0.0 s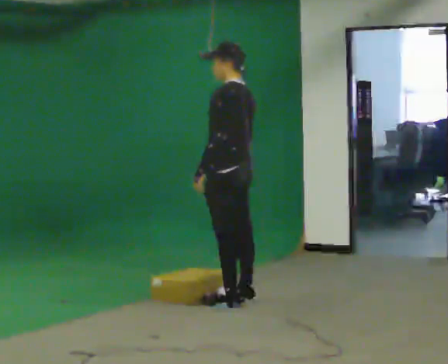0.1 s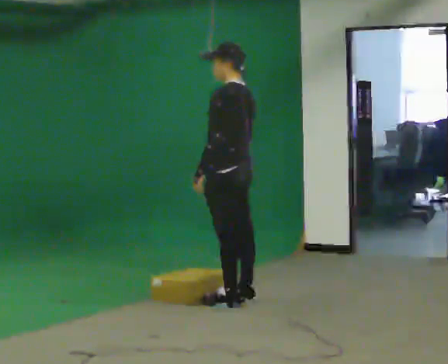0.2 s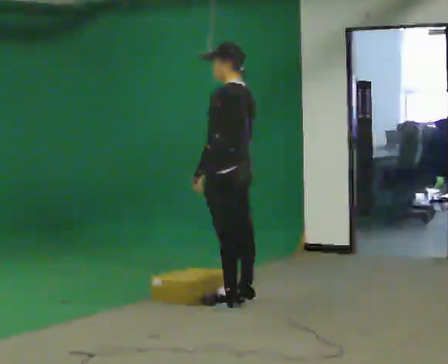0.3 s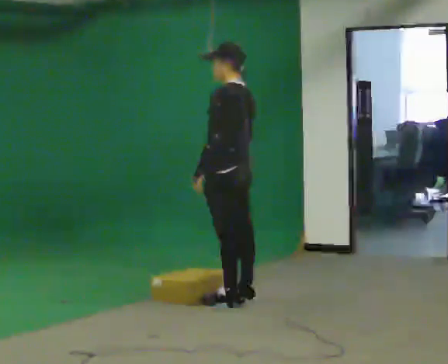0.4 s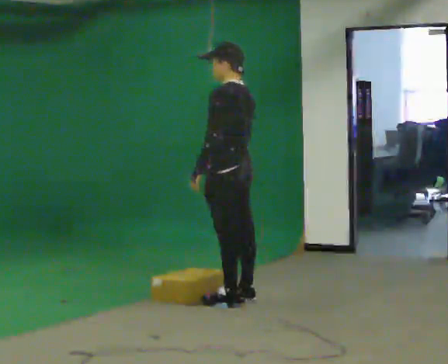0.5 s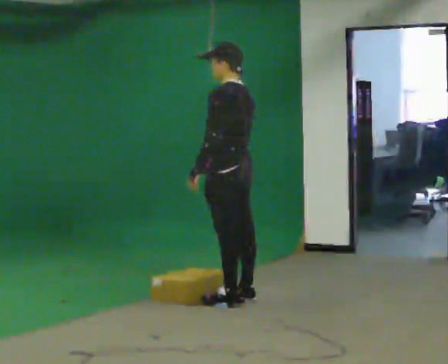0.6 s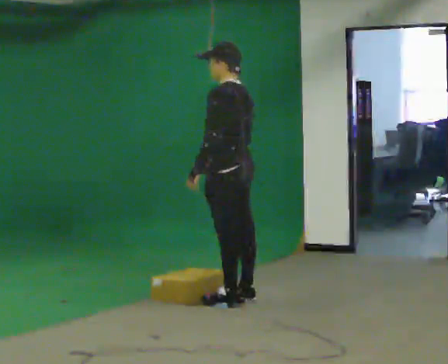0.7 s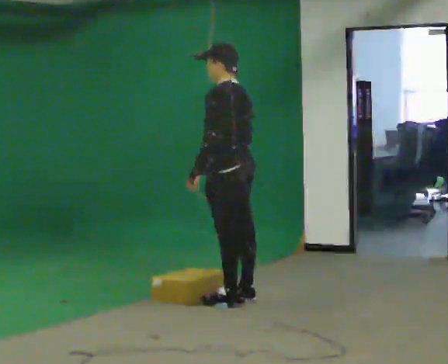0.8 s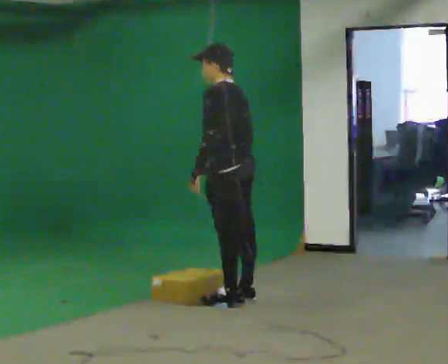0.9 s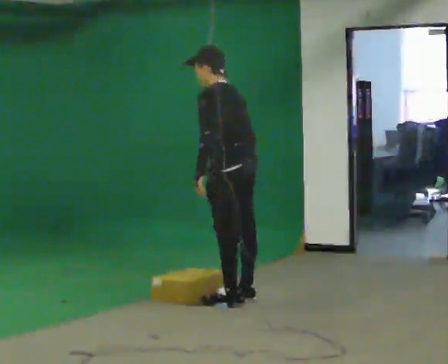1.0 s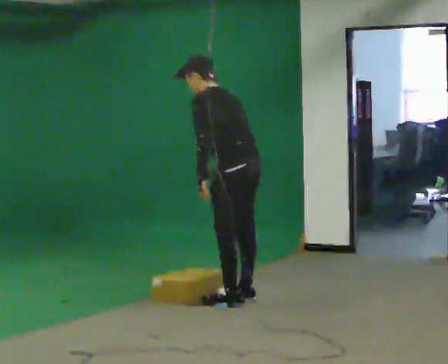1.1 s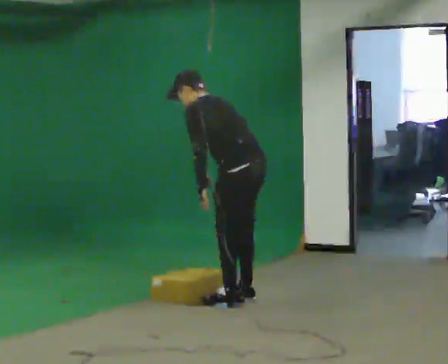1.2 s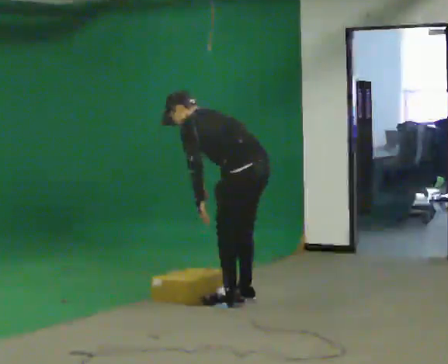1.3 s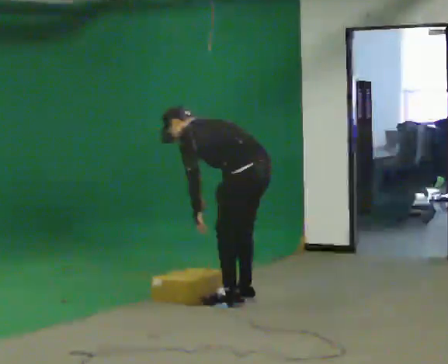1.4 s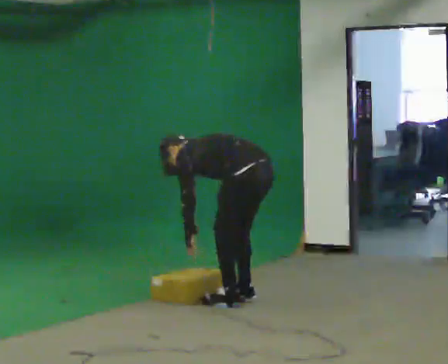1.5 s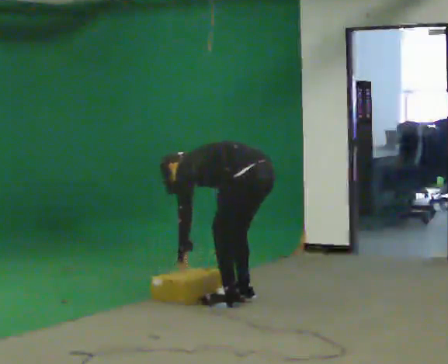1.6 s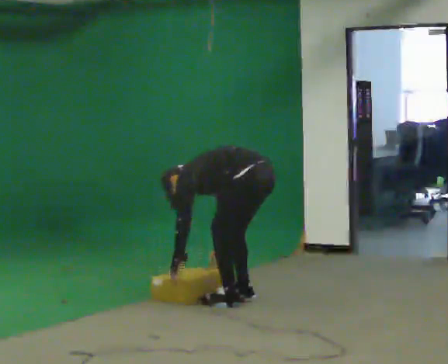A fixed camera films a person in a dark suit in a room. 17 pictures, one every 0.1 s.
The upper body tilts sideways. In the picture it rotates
counterclockwise.
Their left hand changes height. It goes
downward.
0.0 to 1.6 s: The shoulders move downward. In the picture the upper body tilts counterclockwise, shoulders to the left, as they bend forward. In the picture their right hand goes downward.
The film runs backward here.
